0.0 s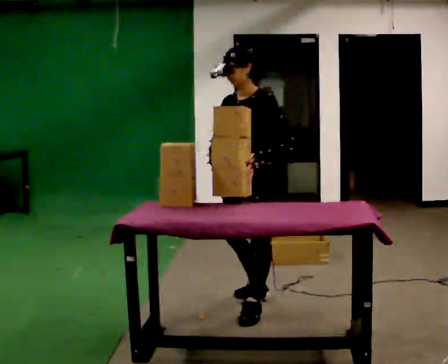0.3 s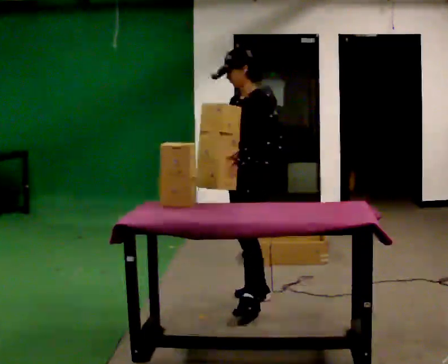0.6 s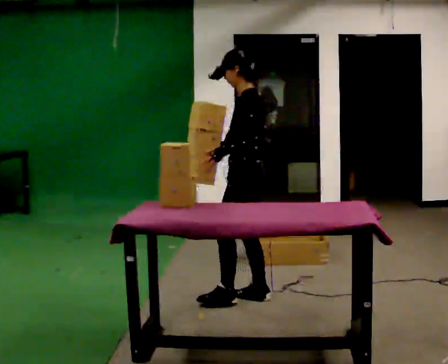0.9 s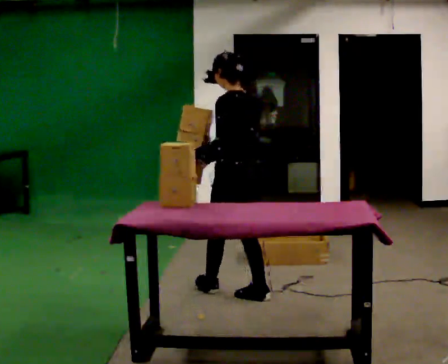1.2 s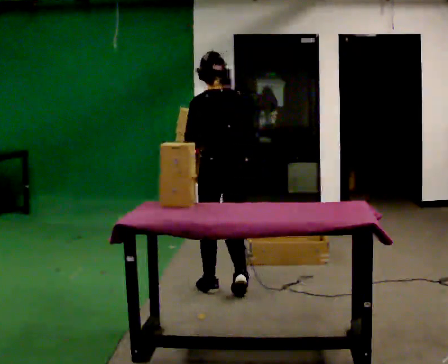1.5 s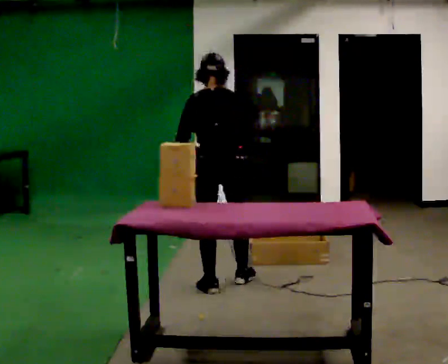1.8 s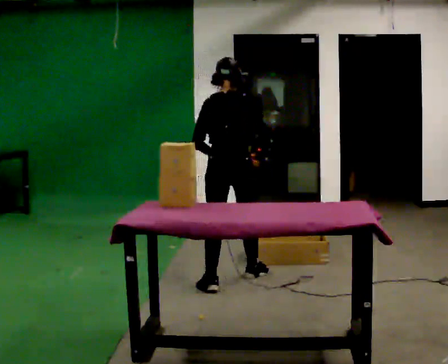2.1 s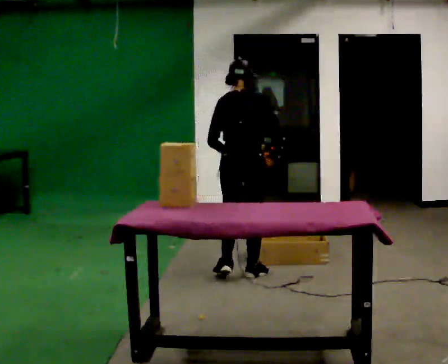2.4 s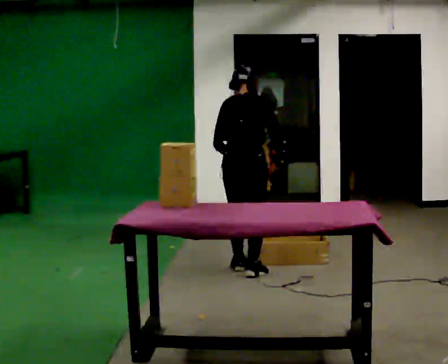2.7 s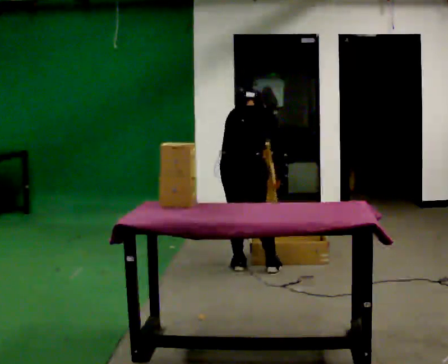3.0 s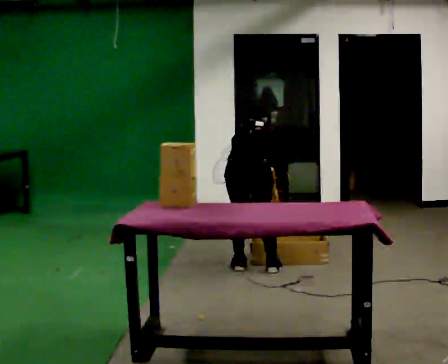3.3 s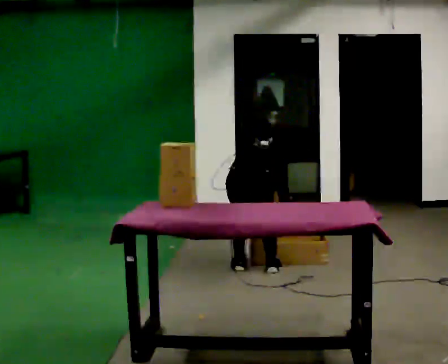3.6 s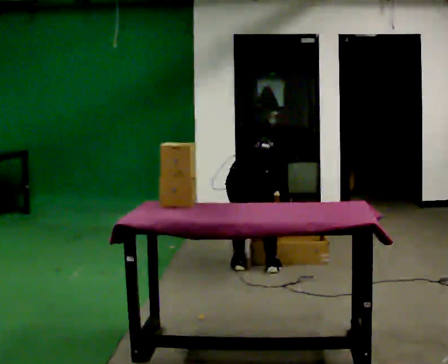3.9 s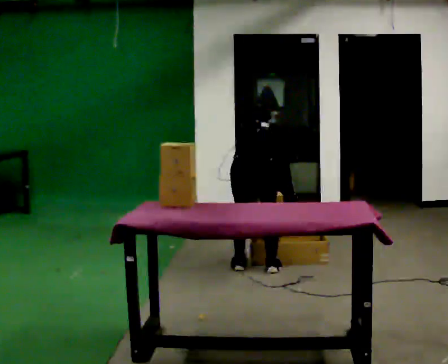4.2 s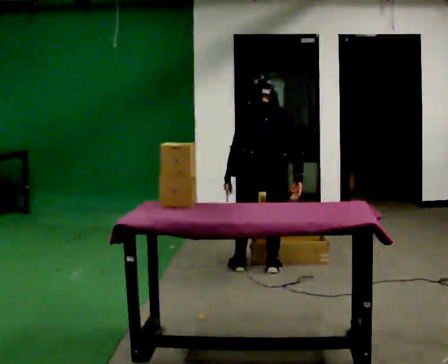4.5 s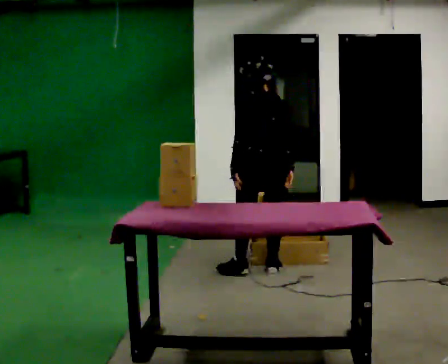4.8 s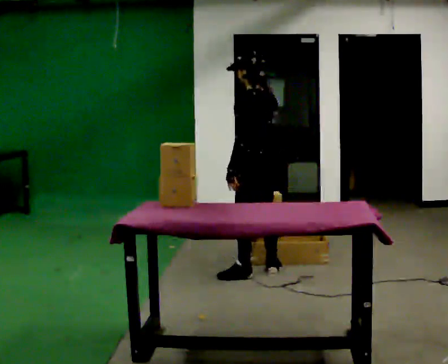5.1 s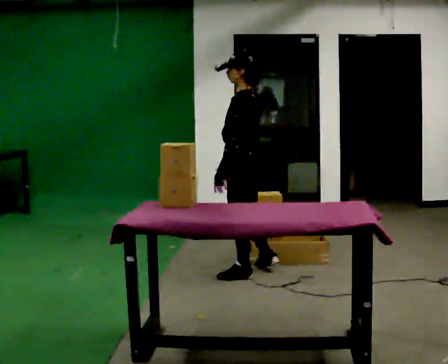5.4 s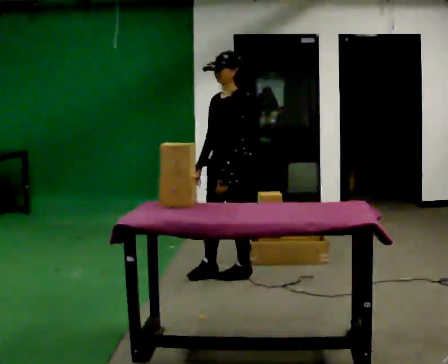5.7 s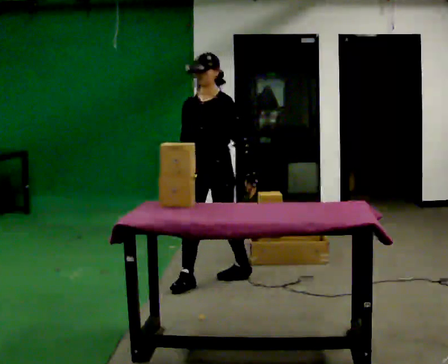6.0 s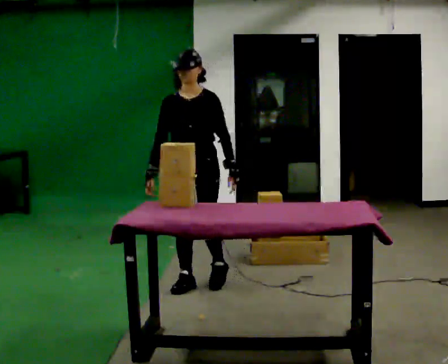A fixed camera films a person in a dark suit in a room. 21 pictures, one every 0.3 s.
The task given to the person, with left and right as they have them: Reach down into the deep bin on the floor, take out one object at a time, carry it to the shelf, and come back for the next one. Keep going until the operator says stop; one object at a time, and do not rush between trips.
0.0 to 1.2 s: Seen from above the body turns clockwise, about 105 degrees: to their right, with its near side sliding to the left. In the picture they go away from the camera and to the left, about 0.5 m in 1 step.
1.2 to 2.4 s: Seen from above the body turns clockwise, about 30 degrees: to their right, with its near side sliding to the left. In the picture they go away from the camera, about 0.5 m in 2 steps, which for them is forward. The upper body tips away from the camera, its near side rolling upward, as they bend forward.
2.4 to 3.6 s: The upper body goes downward. The upper body tips away from the camera, its near side rolling upward, as they bend forward. In the picture their right hand goes downward.
3.6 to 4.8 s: The person turns about 75 degrees to their left, counterclockwise seen from above, so the part of the body nearest the lens slides to the right. The shoulders move upward. The upper body tips toward the camera, its near side rolling downward, as they lean back or straighten. In the picture their right hand goes upward.
4.8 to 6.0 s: The part of the body nearest the lens slides to the right as the person turns to their left by about 120 degrees. In the picture they go to the left and toward the camera, about 0.5 m in 1 step.
The film runs forward here.
